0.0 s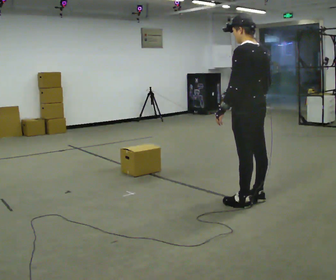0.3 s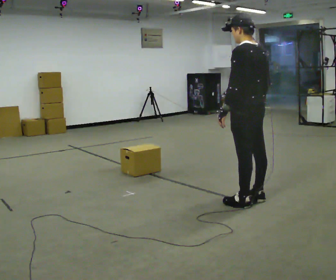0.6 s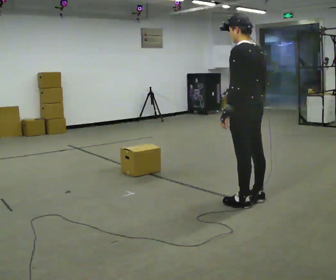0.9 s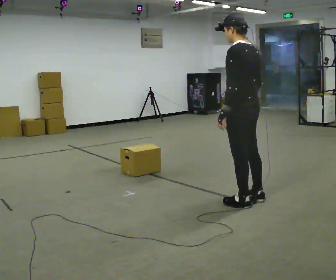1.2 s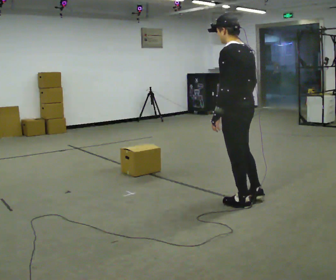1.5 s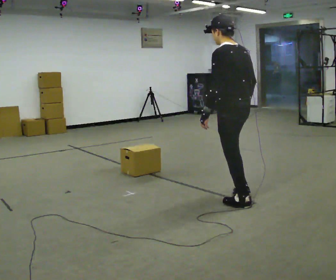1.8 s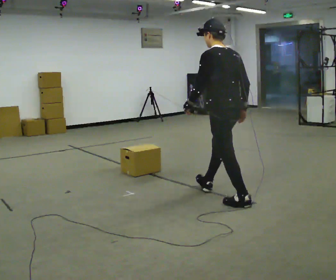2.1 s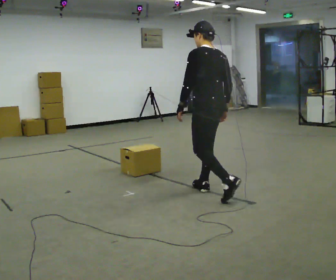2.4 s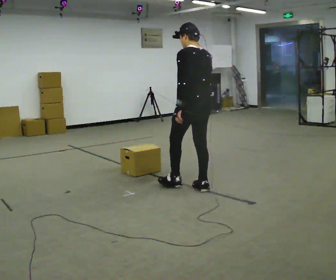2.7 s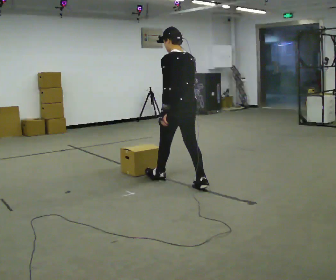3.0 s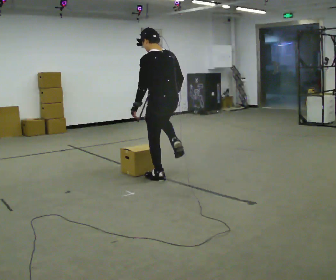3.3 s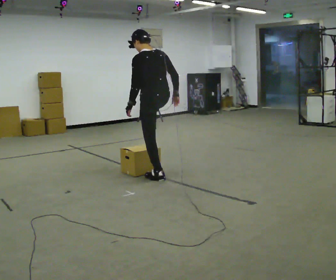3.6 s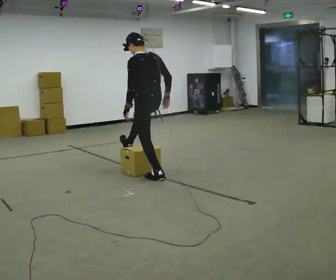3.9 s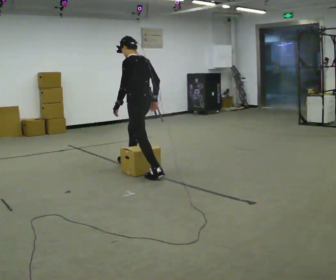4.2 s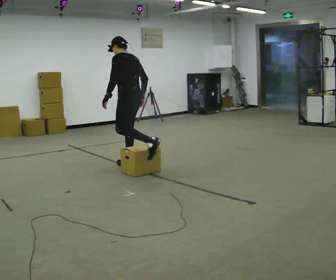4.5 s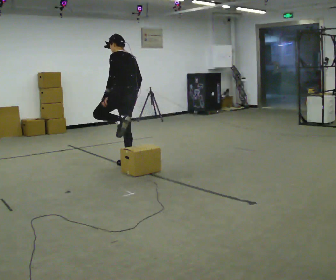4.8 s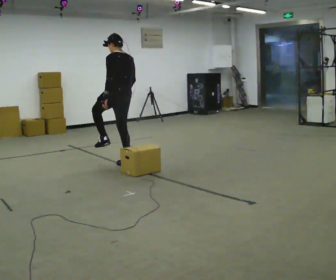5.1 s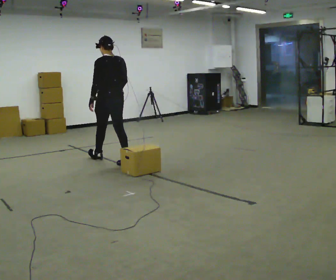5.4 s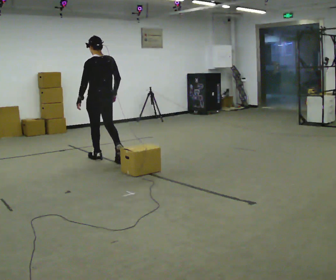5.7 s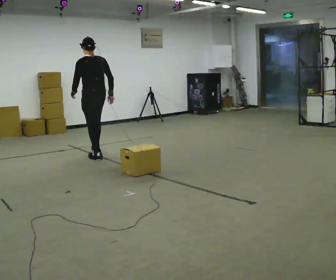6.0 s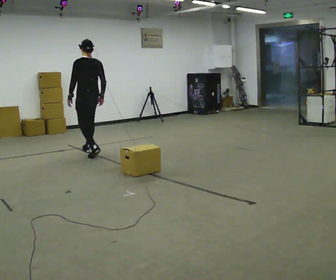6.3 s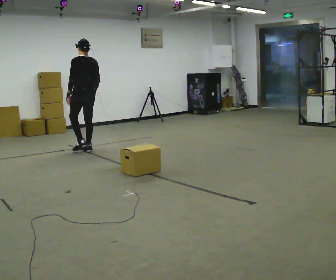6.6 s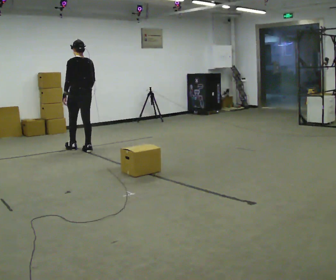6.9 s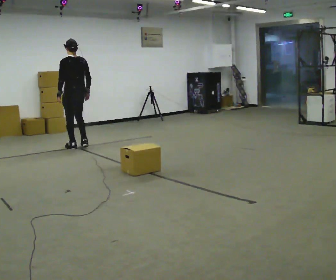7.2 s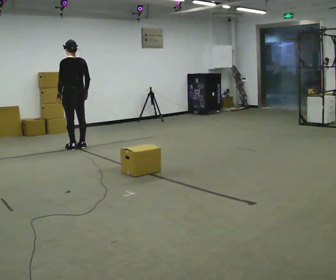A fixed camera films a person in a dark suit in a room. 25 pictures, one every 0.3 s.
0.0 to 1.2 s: The person moves a little, or ends about where they began.
1.2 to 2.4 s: In the picture they go away from the camera and to the left, about 0.5 m in 1 step, which for them is forward.
2.4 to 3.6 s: In the picture they go away from the camera and to the left, about 0.5 m in 2 steps, which for them is forward.
3.6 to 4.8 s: In the picture they go away from the camera and to the left, about 0.75 m, which for them is forward and to their right.
4.8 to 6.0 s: In the picture they go away from the camera and to the left, about 1 m in 2 steps, which for them is forward.
6.0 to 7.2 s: In the picture they go away from the camera and to the left, about 0.5 m in 2 steps, which for them is forward.
The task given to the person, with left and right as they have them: Walk toward low obstacle; step over without stopping; continue.
The film runs forward here.
